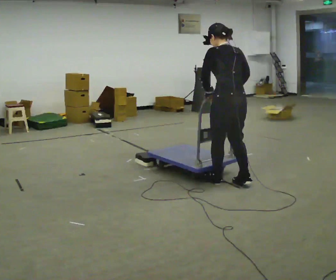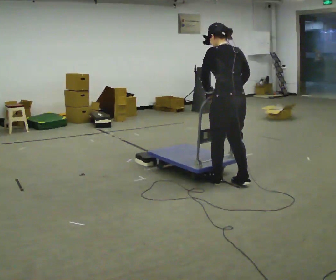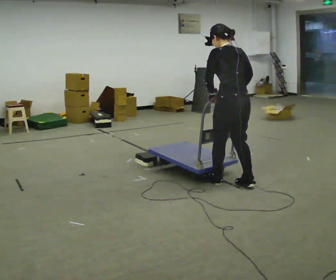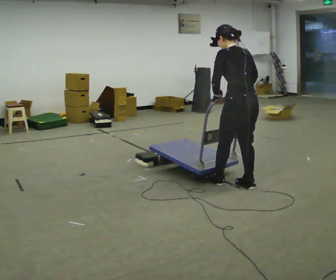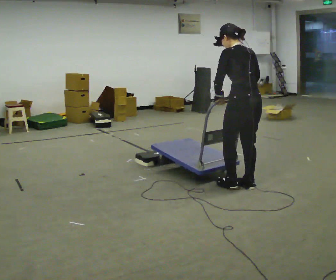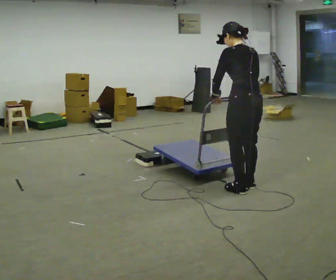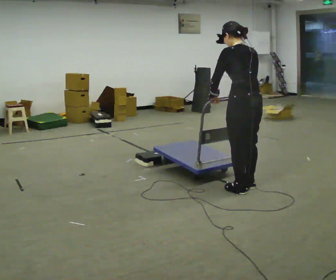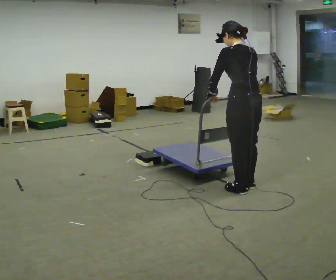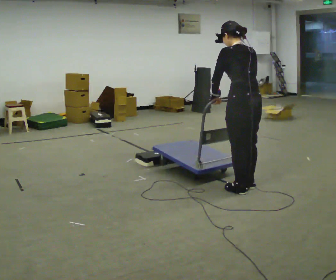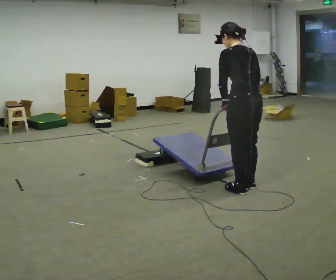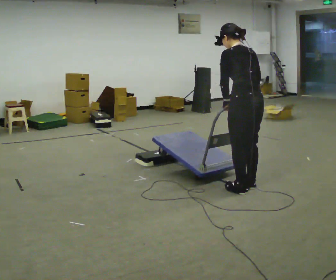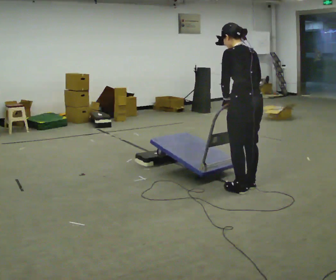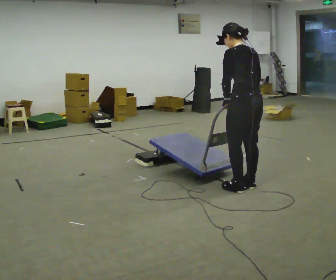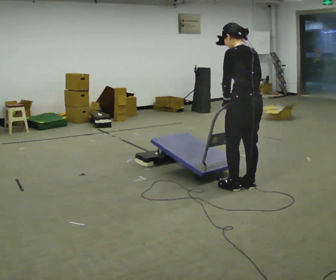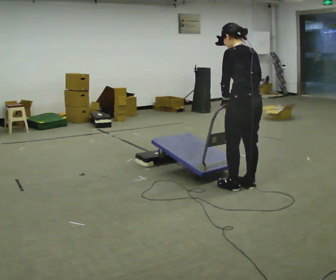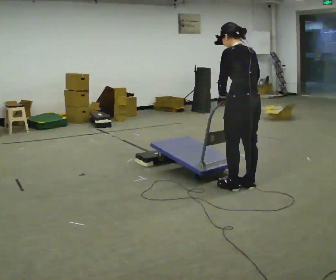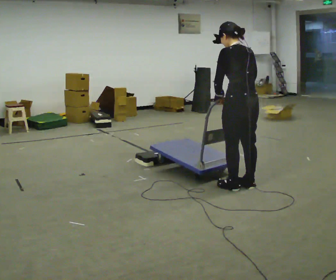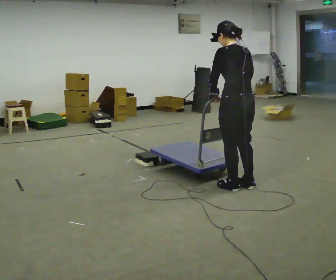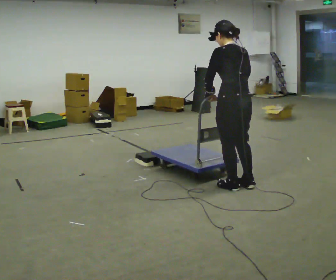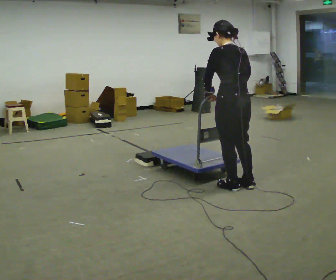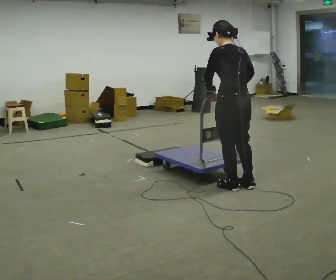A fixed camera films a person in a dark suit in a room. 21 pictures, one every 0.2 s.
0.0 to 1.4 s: In the picture they go to the right, about 0.25 m in 1 step, which for them is backward.
1.4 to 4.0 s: The person moves a little, or ends about where they began.
The film runs forward here.
